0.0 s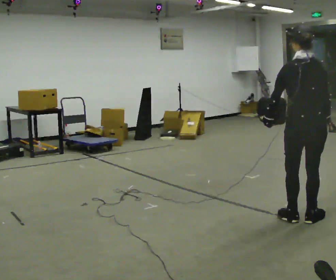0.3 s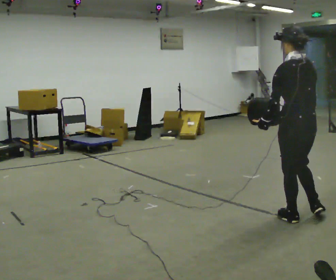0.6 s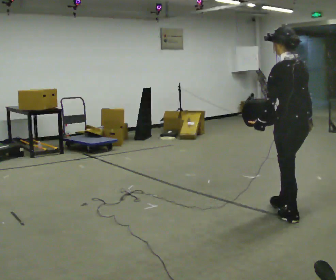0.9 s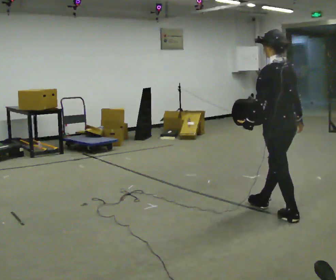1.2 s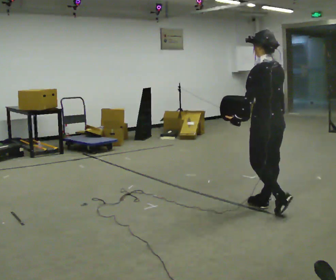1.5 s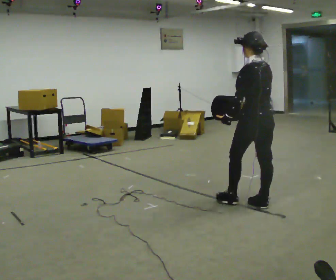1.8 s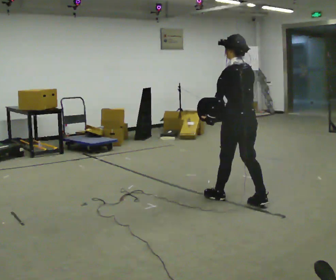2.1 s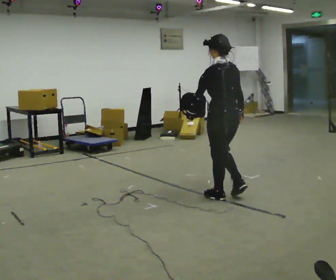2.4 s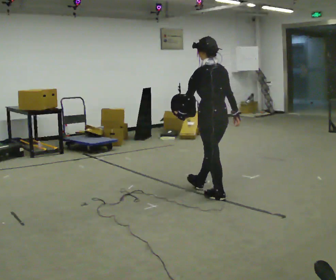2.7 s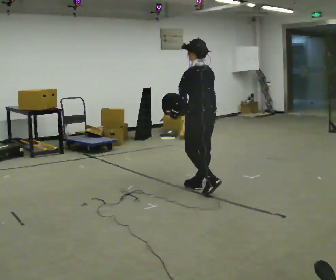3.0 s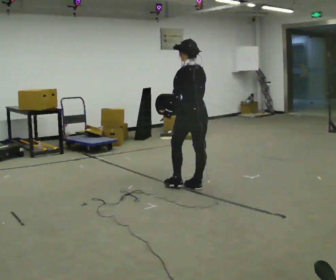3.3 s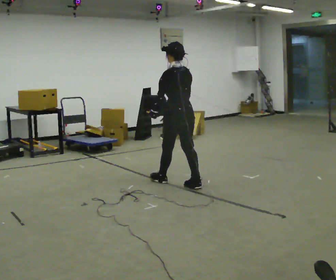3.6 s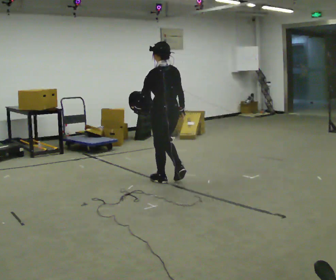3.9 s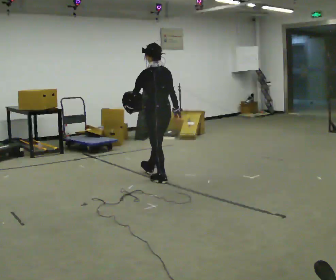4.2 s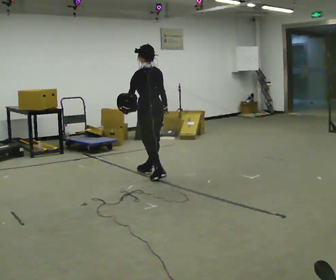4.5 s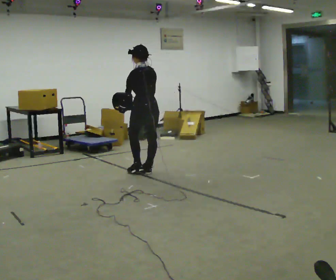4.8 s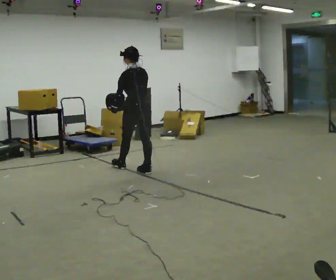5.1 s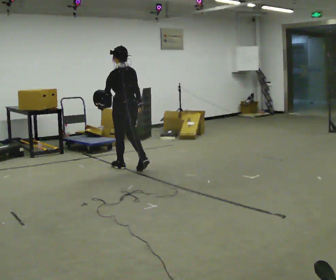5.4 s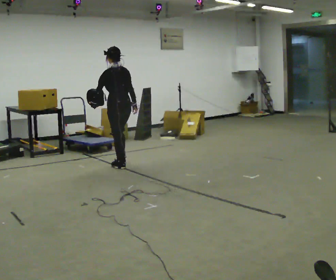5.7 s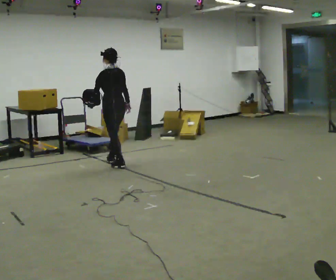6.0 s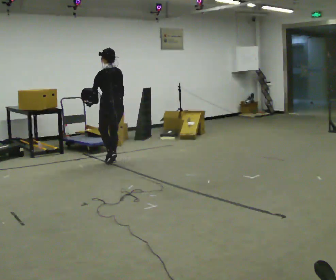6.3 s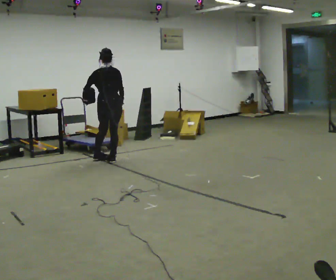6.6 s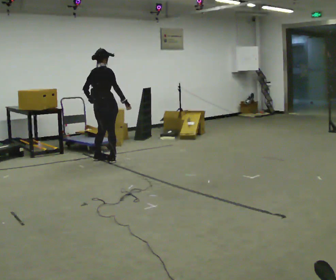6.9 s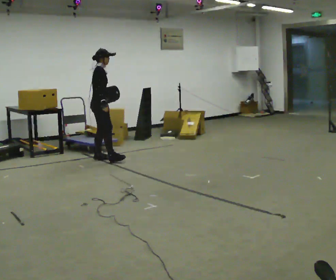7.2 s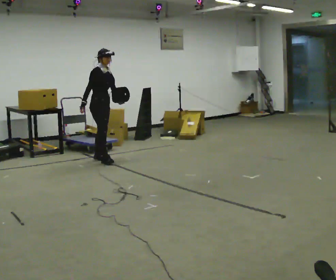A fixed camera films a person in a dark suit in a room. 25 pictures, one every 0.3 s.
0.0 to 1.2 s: The part of the body nearest the lens slides to the right as the person turns to their left by about 45 degrees. In the picture they go away from the camera and to the left, about 0.5 m in 1 step, which for them is forward.
1.2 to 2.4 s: In the picture they go away from the camera and to the left, about 0.75 m in 1 step, which for them is forward.
2.4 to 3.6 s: In the picture they go away from the camera and to the left, about 0.5 m in 2 steps, which for them is forward.
3.6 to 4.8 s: In the picture they go away from the camera and to the left, about 0.75 m in 2 steps, which for them is forward.
4.8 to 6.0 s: In the picture they go away from the camera and to the left, about 0.75 m in 1 step, which for them is forward.
6.0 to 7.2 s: The part of the body nearest the lens slides to the left as the person turns to their right by about 150 degrees. In the picture they go to the left, about 0.25 m in 1 step. In the picture their left hand goes to the right, the arm swinging counterclockwise.
The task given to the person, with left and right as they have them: Hold the object against your hip on the side the operator calls, and carry it back and forth across the room.
The film runs forward here.
